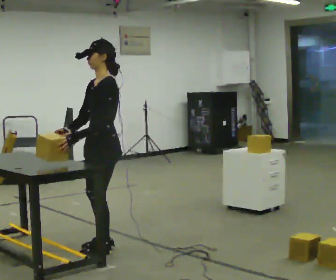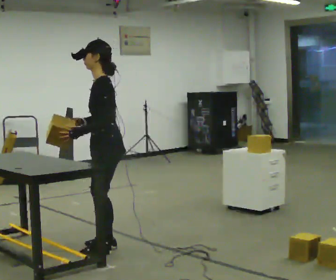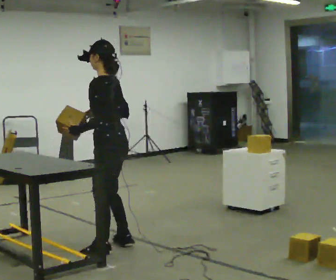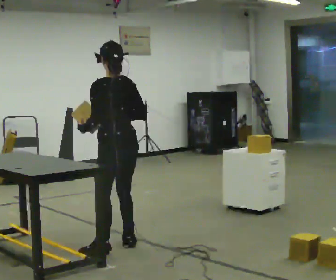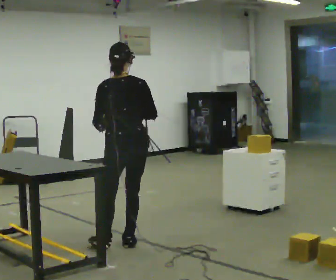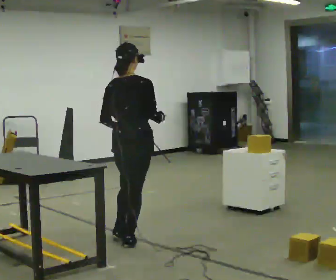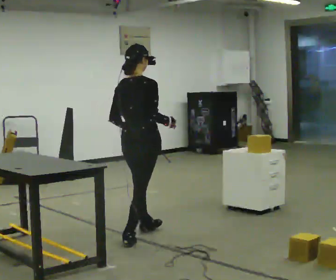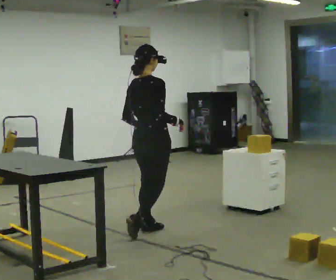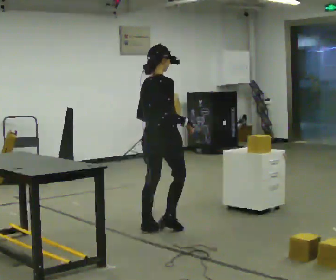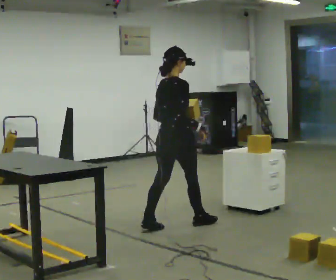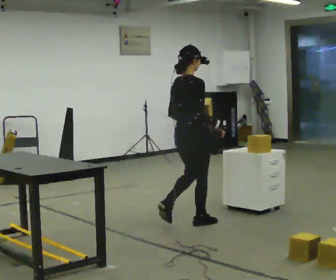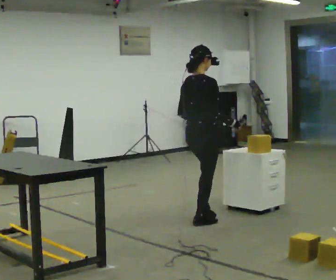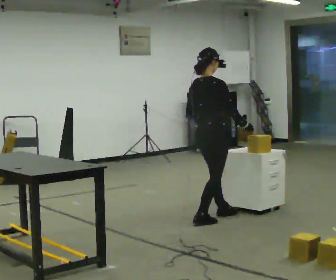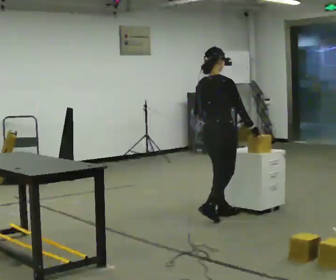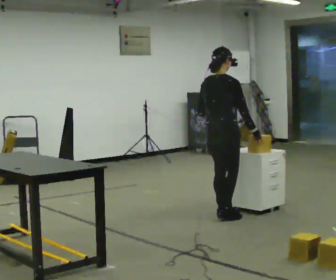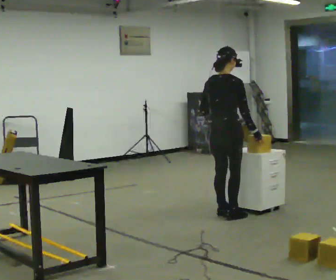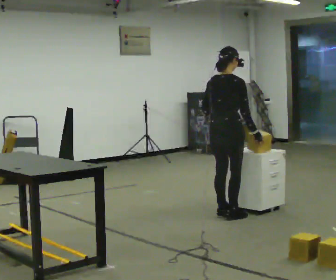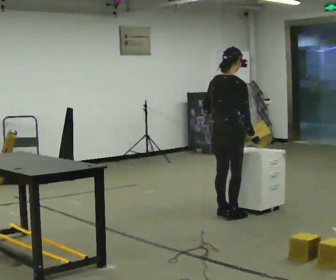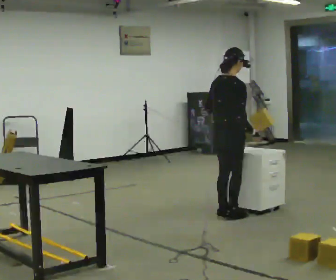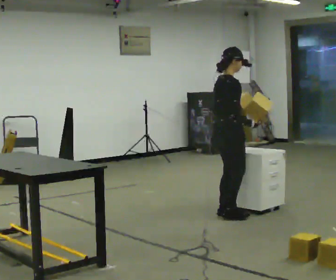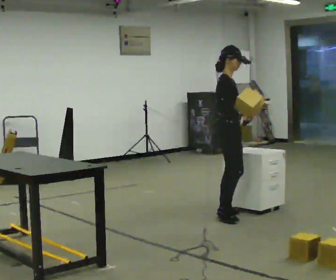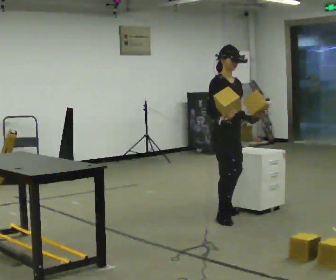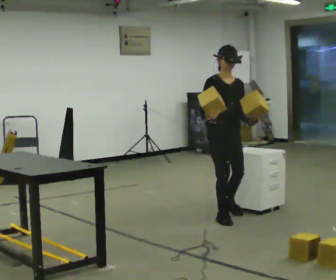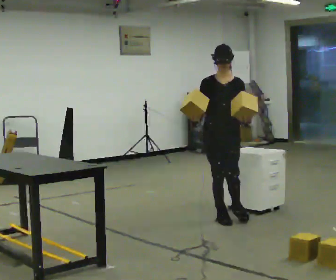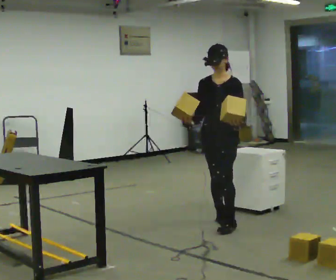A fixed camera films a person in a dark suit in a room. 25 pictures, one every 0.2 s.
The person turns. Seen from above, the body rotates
clockwise.
The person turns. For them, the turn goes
to their right.
0.0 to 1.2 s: Seen from above the body turns clockwise, about 135 degrees: to their right, with its near side sliding to the left. In the picture they go away from the camera and to the right, about 0.5 m in 1 step.
1.2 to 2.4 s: In the picture they go away from the camera and to the right, about 1 m in 3 steps, which for them is forward.
2.4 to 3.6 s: In the picture they go away from the camera, about 0.25 m in 1 step, which for them is forward.
3.6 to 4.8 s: The person turns about 150 degrees to their right, clockwise seen from above, so the part of the body nearest the lens slides to the left. In the picture they go toward the camera, about 0.25 m.
The film runs forward here.
